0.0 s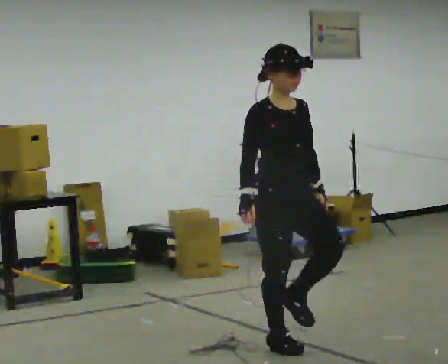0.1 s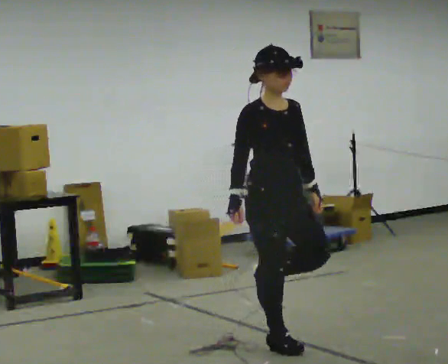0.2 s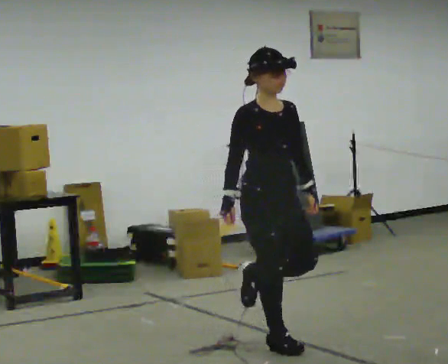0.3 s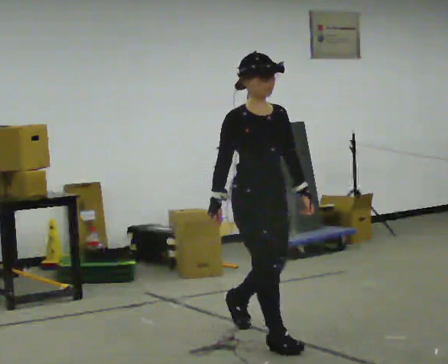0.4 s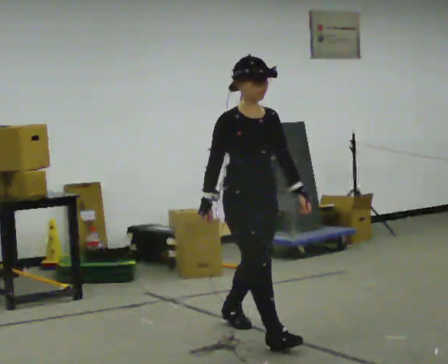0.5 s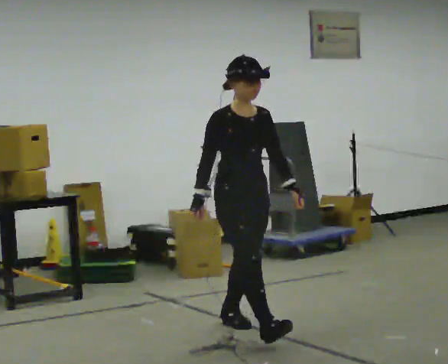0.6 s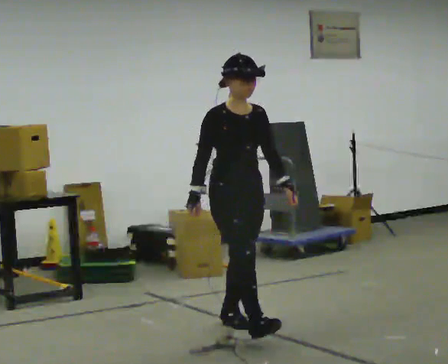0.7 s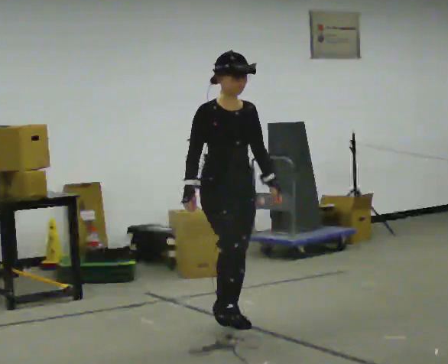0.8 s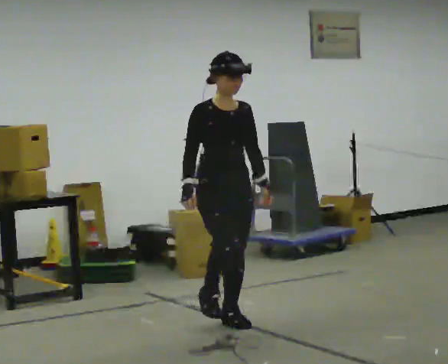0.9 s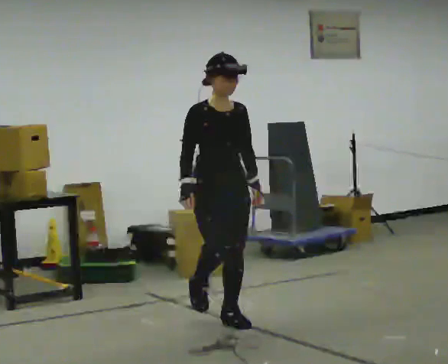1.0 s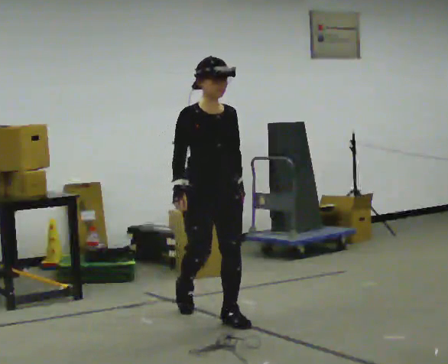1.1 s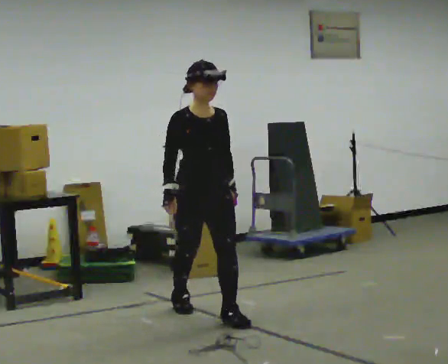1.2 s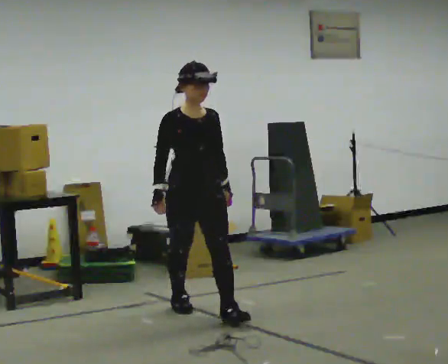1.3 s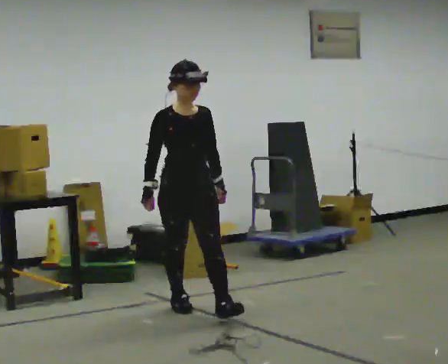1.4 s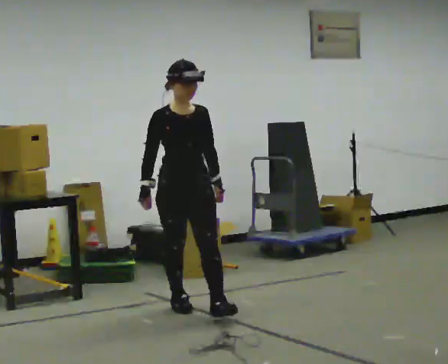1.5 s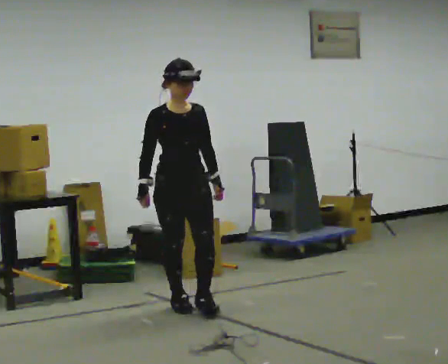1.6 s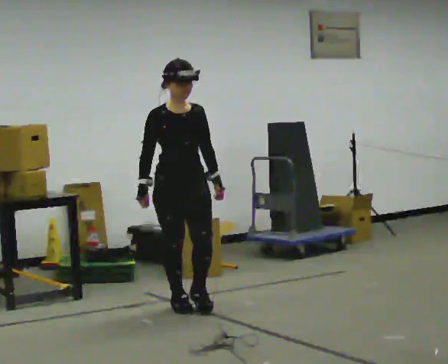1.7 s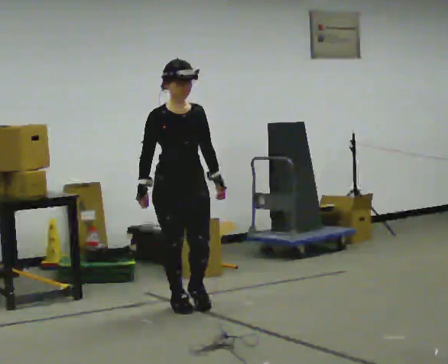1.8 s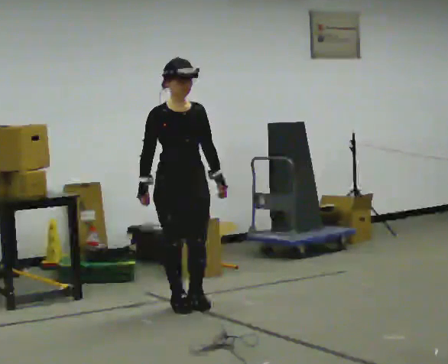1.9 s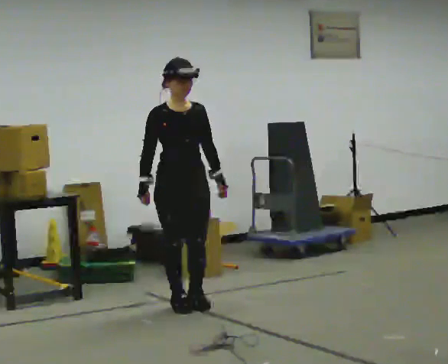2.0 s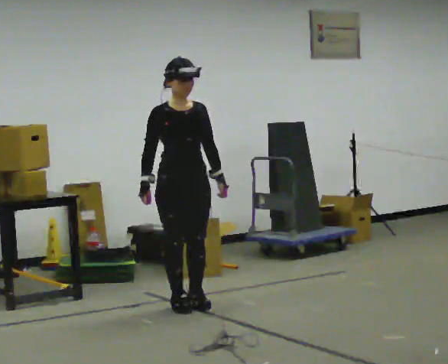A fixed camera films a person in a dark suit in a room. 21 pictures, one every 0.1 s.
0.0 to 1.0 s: In the picture they go away from the camera and to the left, about 1 m in 1 step, which for them is backward.
1.0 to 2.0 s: In the picture they go away from the camera and to the left, about 0.5 m in 1 step, which for them is backward.
The film runs backward here.
